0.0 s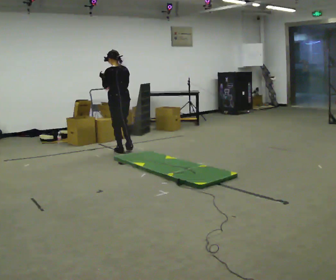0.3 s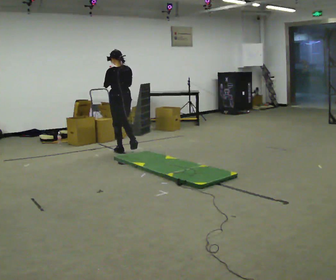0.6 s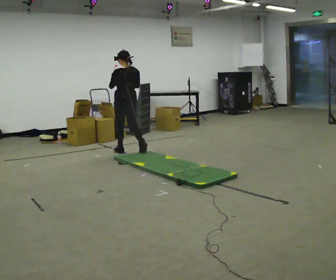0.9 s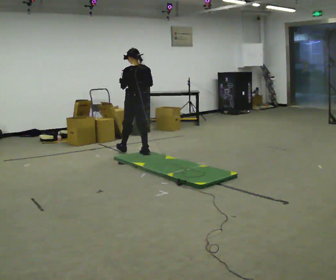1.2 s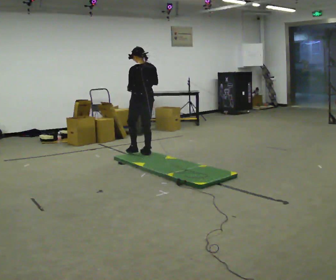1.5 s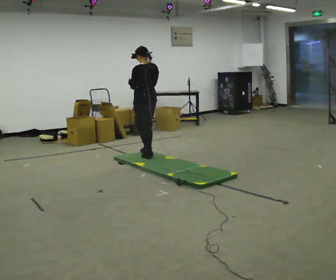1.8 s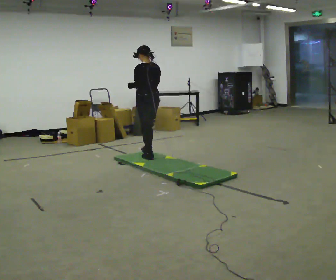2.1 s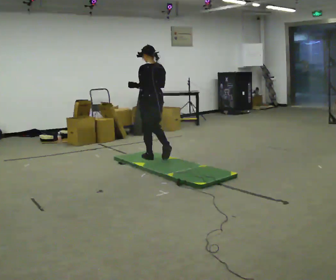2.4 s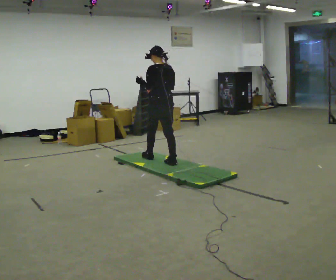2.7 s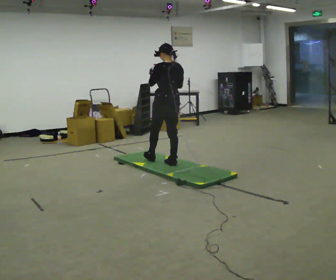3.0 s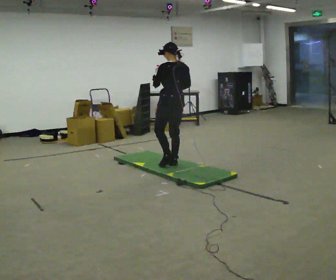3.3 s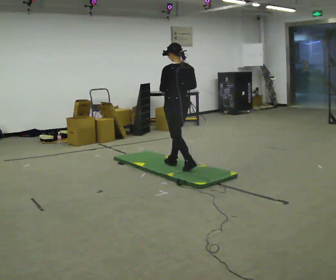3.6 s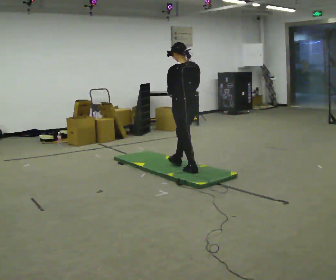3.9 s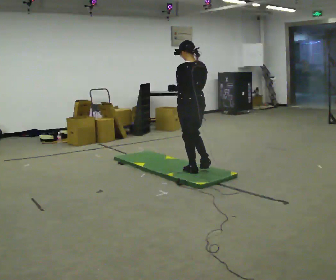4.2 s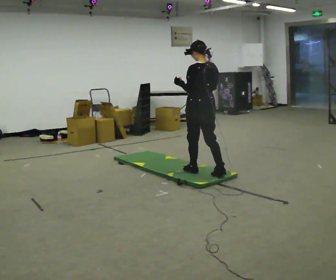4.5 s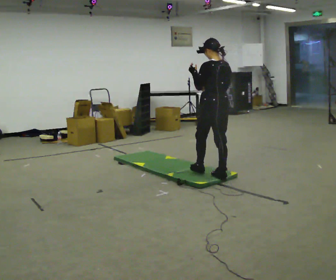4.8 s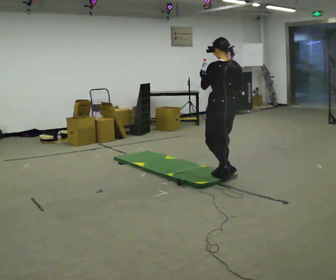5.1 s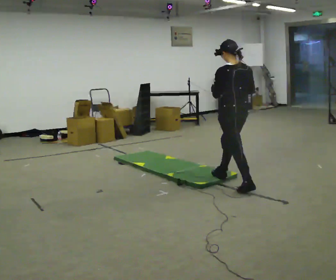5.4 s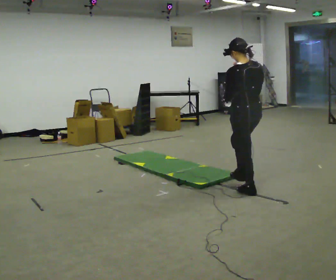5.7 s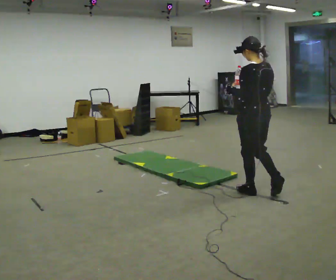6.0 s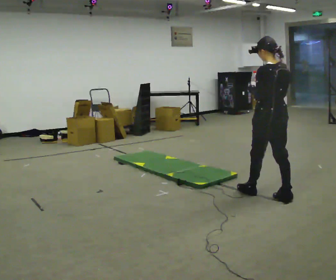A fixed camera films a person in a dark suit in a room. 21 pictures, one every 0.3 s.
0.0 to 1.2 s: In the picture they go to the right and toward the camera, about 0.5 m in 1 step, which for them is backward.
1.2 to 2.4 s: In the picture they go toward the camera and to the right, about 0.5 m in 1 step, which for them is backward.
2.4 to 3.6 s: In the picture they go toward the camera and to the right, about 0.5 m in 2 steps, which for them is backward.
3.6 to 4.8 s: In the picture they go toward the camera and to the right, about 0.5 m in 1 step, which for them is backward.
4.8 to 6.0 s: In the picture they go toward the camera and to the right, about 0.75 m in 1 step, which for them is backward.
The film runs backward here.
